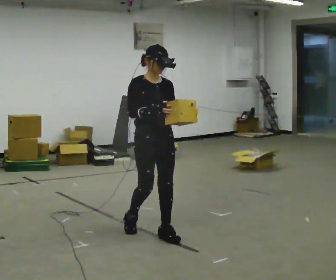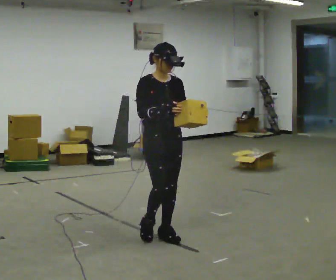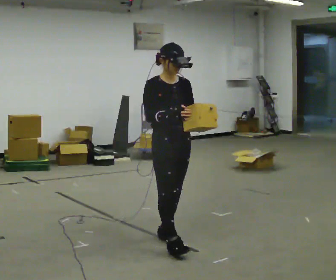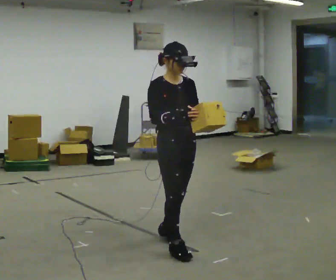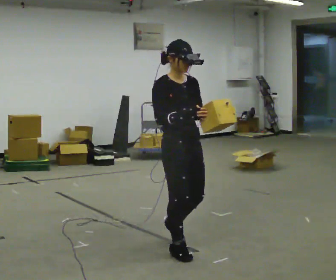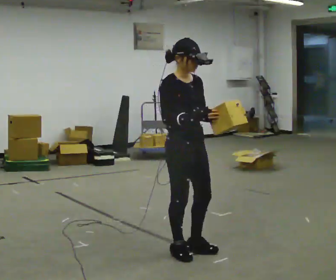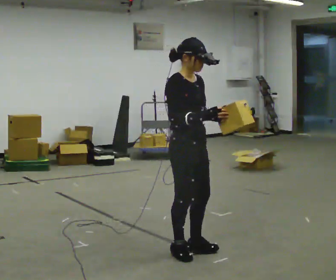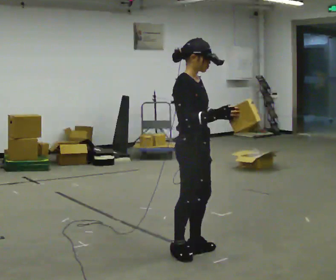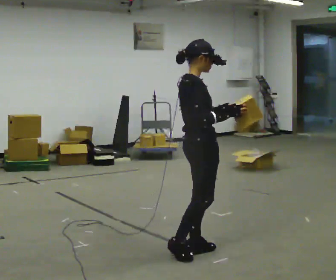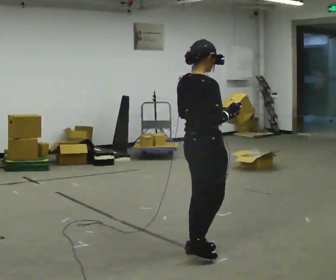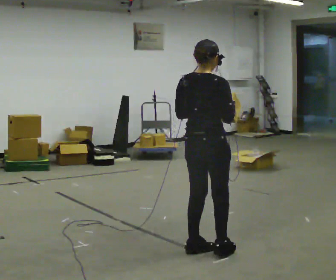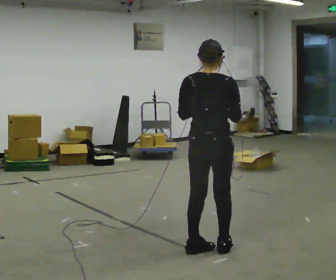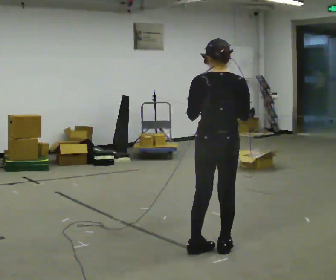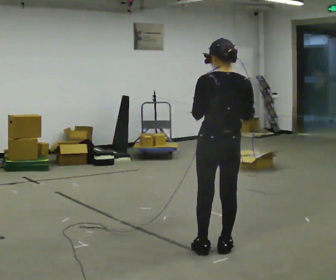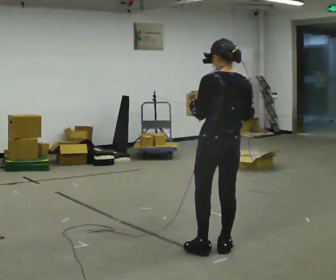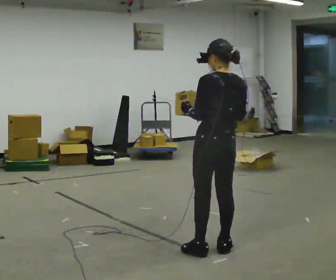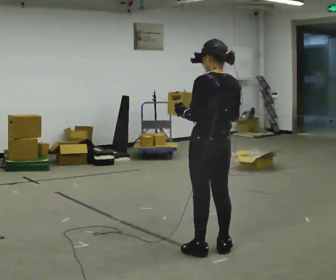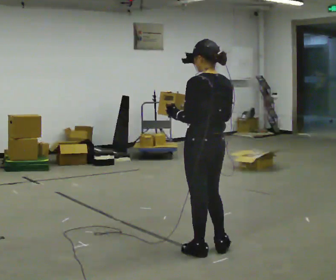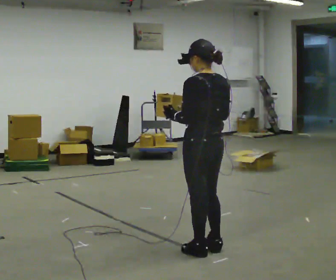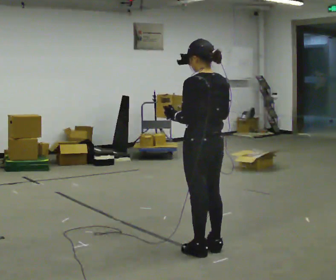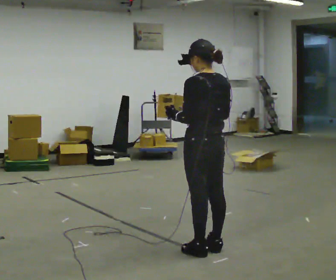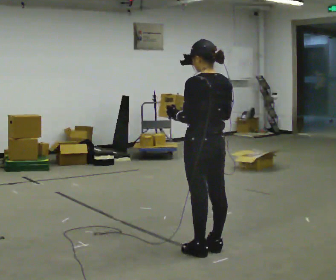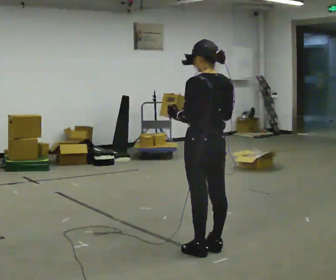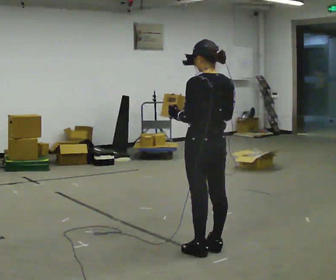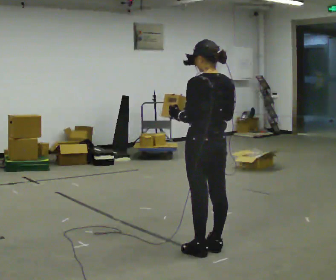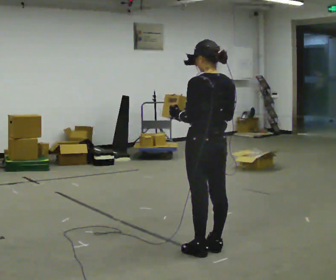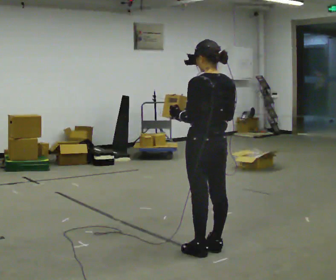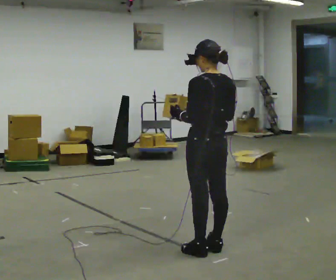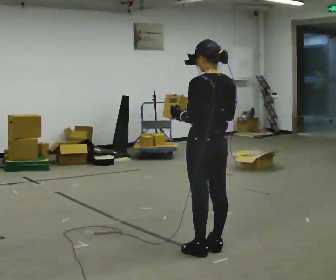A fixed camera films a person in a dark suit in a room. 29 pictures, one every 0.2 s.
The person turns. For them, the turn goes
to their left.
The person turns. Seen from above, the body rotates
counterclockwise.
0.0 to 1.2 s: The part of the body nearest the lens slides to the right as the person turns to their left by about 30 degrees. In the picture they go toward the camera and to the right, about 0.5 m in 2 steps, which for them is forward.
1.2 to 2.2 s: The part of the body nearest the lens slides to the right as the person turns to their left by about 105 degrees. In the picture they go to the right, about 0.25 m in 1 step.
2.2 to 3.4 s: Seen from above the body turns counterclockwise, about 45 degrees: to their left, with its near side sliding to the right.
3.4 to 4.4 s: The person moves a little, or ends about where they began.
4.4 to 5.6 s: The person keeps their place and pose.
The film runs forward here.
